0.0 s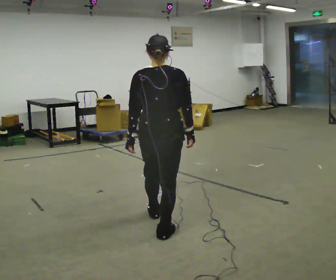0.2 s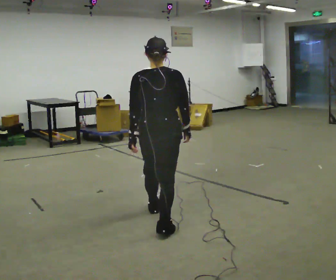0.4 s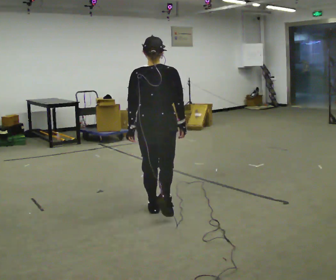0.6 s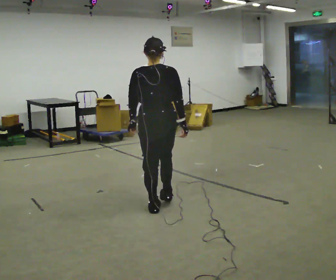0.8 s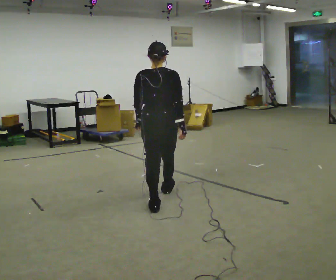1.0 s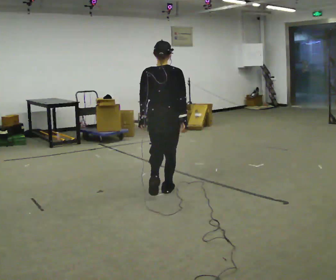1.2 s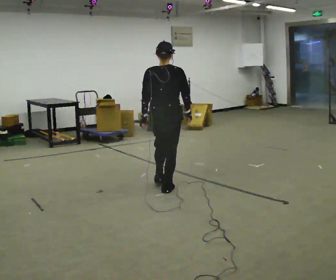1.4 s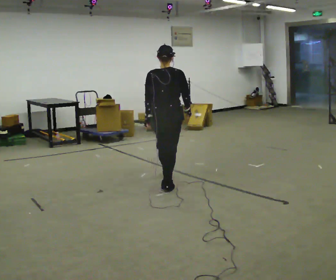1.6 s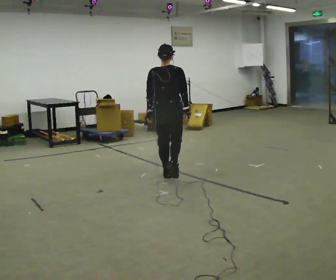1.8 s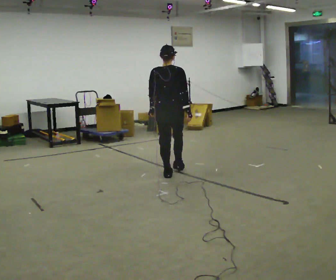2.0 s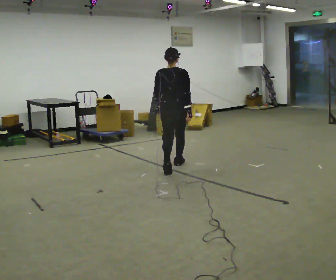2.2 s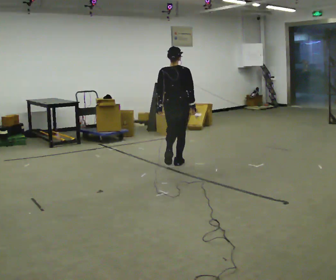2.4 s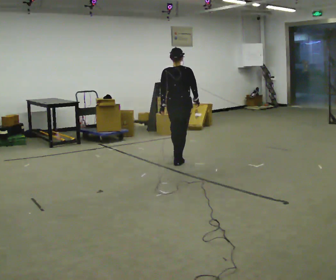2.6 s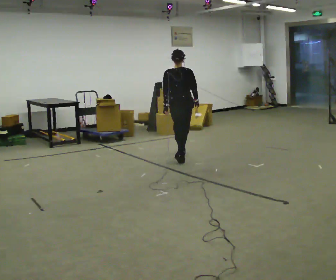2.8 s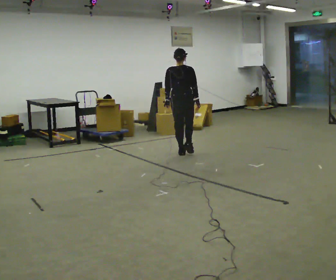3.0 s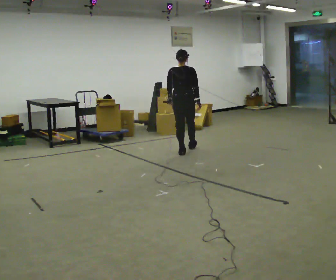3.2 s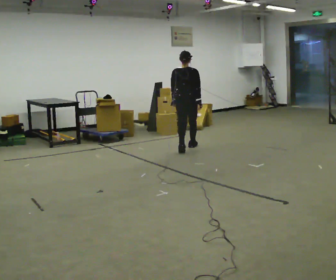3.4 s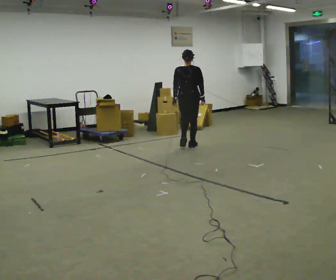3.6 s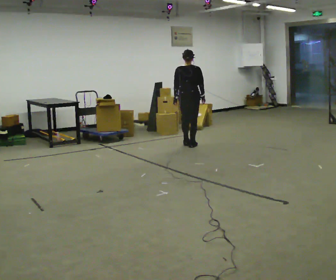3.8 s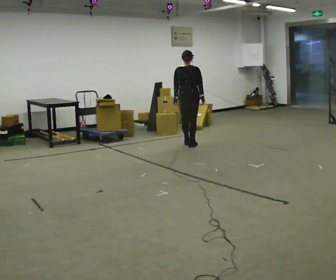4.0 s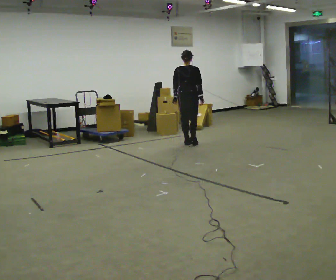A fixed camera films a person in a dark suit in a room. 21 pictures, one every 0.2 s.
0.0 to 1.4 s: In the picture they go away from the camera, about 1 m in 3 steps, which for them is forward.
1.4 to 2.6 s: In the picture they go away from the camera, about 1 m in 2 steps, which for them is forward.
2.6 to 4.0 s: In the picture they go away from the camera, about 1 m in 2 steps, which for them is forward.
The film runs forward here.
